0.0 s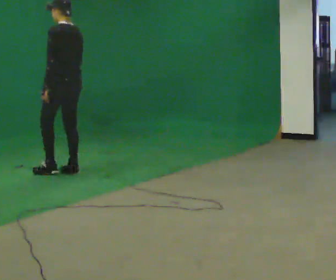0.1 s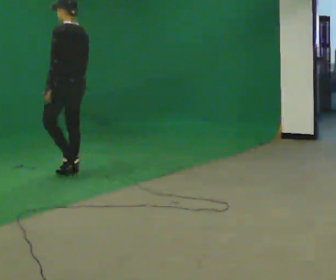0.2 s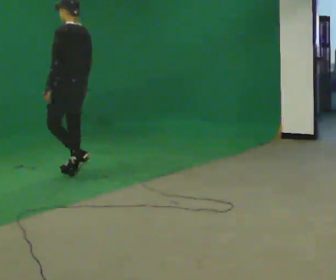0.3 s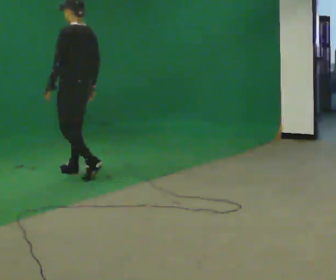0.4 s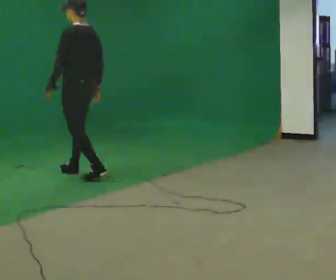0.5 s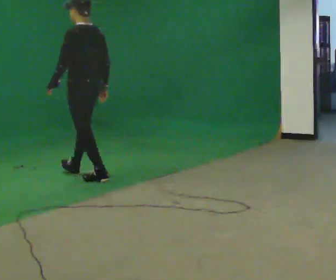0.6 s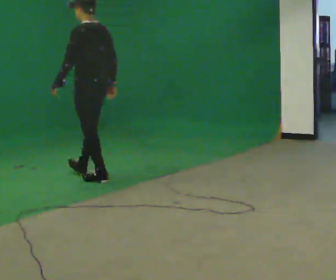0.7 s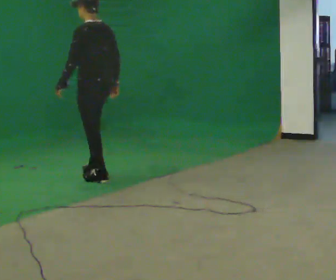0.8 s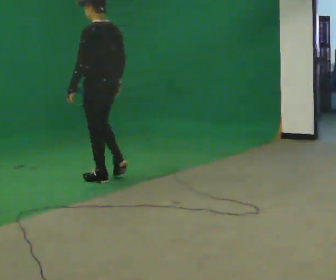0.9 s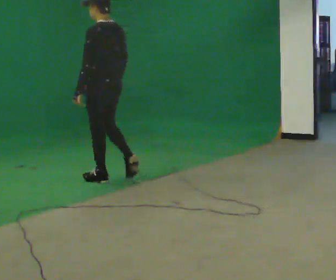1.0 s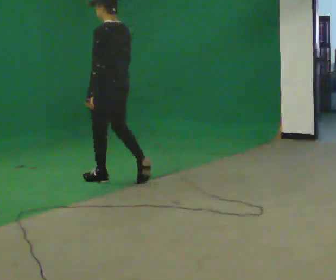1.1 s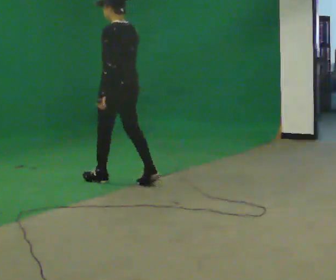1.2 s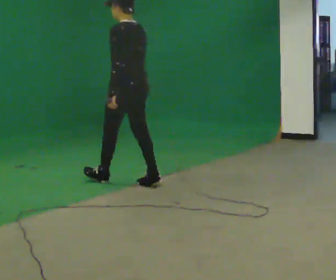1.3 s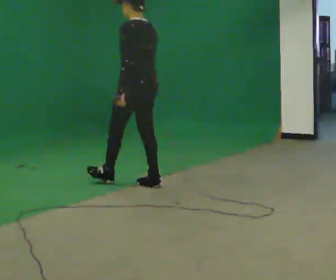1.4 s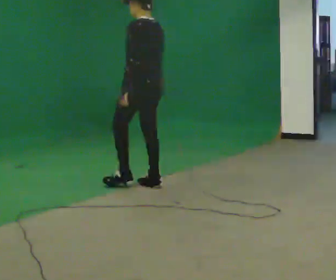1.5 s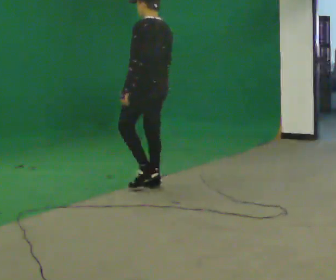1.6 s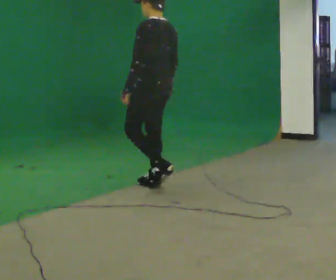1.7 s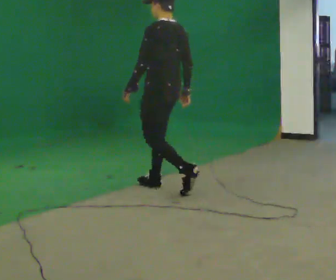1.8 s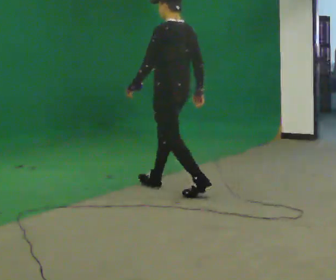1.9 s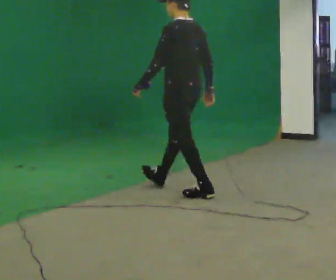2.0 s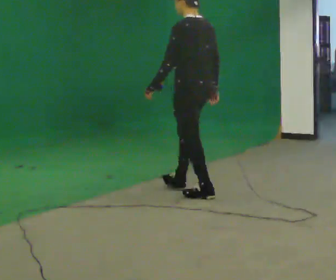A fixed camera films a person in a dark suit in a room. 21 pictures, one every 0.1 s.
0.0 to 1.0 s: In the picture they go toward the camera and to the right, about 0.75 m in 1 step, which for them is backward.
1.0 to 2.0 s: In the picture they go toward the camera and to the right, about 1 m in 2 steps, which for them is backward.
The film runs backward here.
